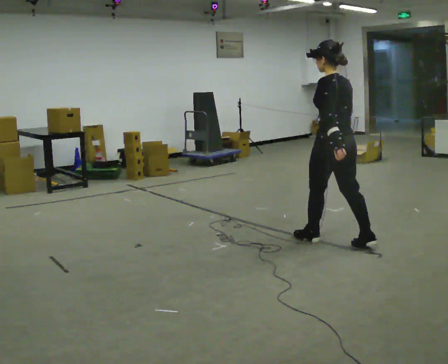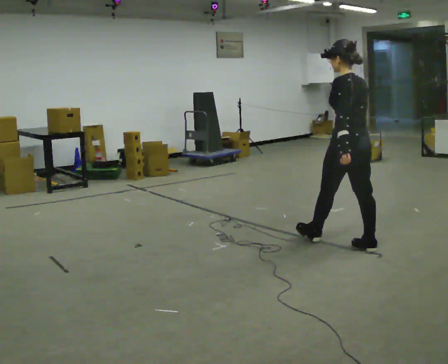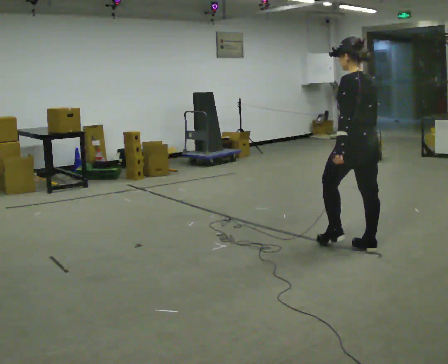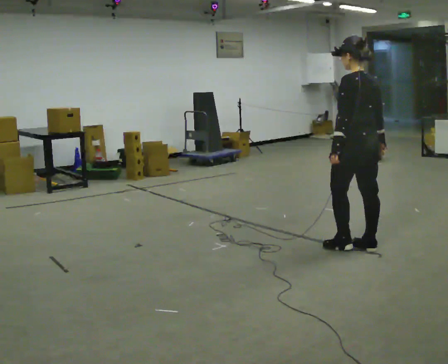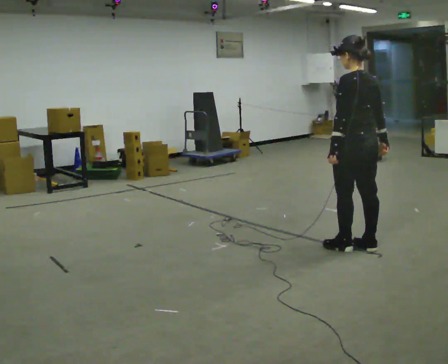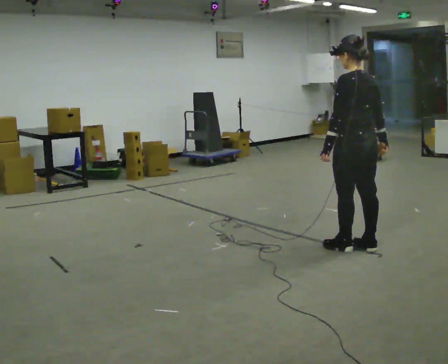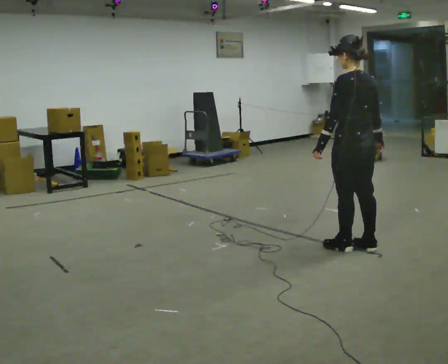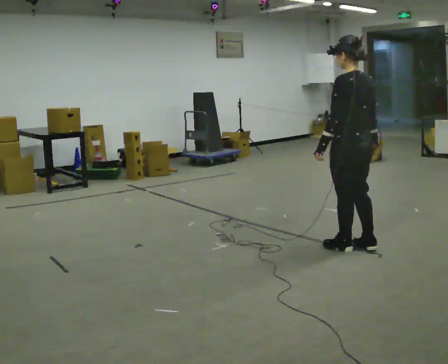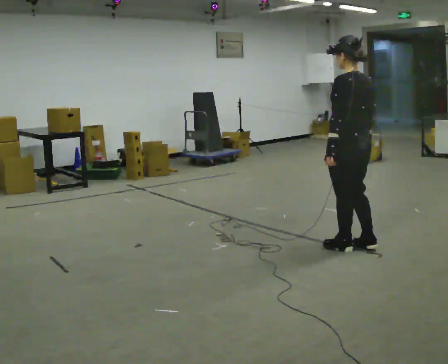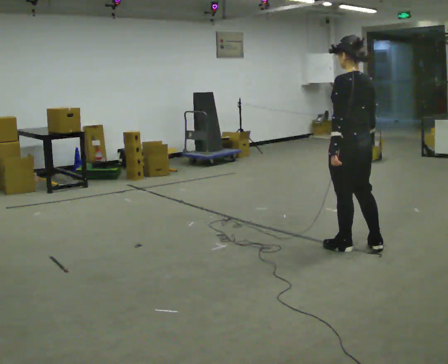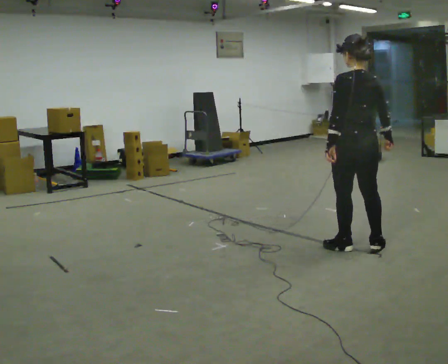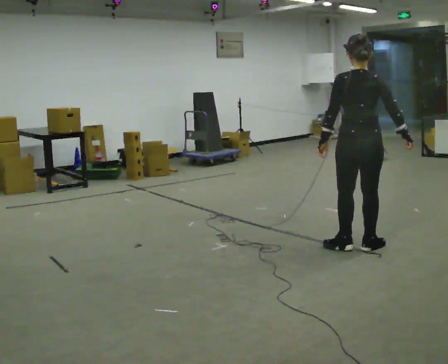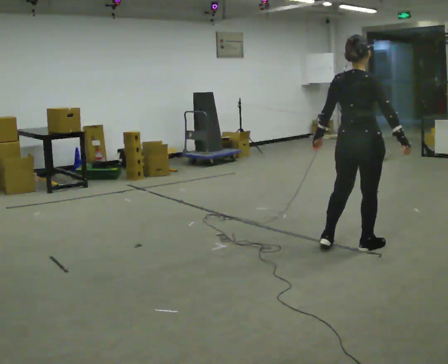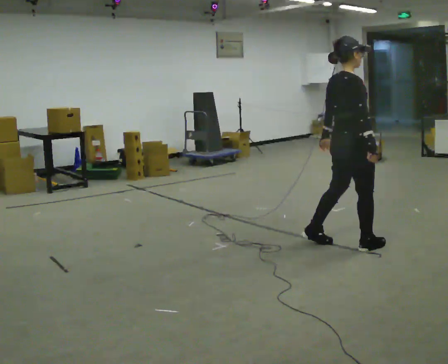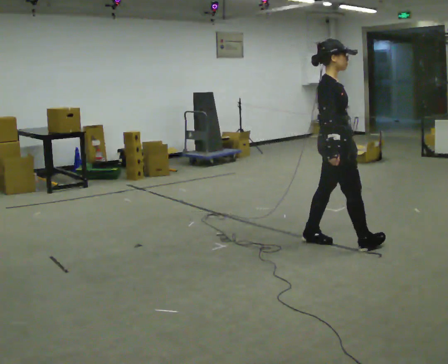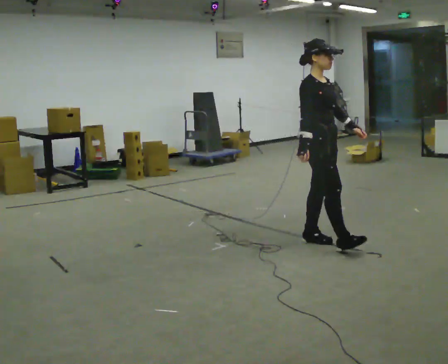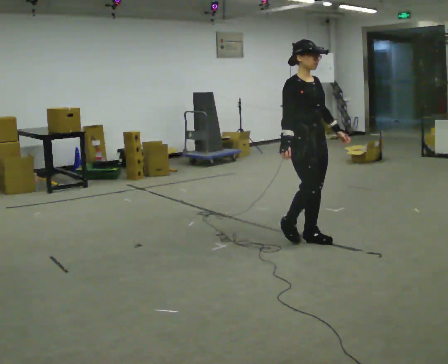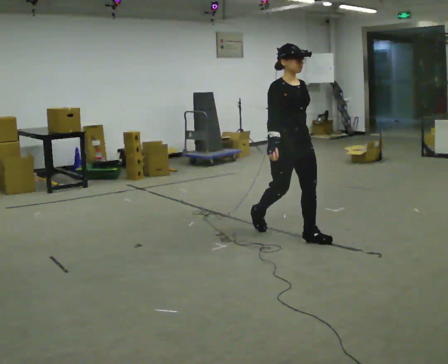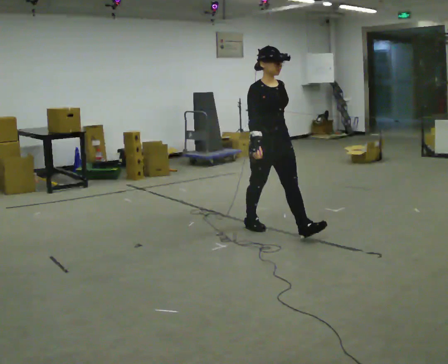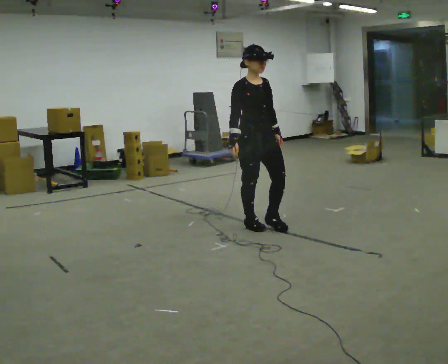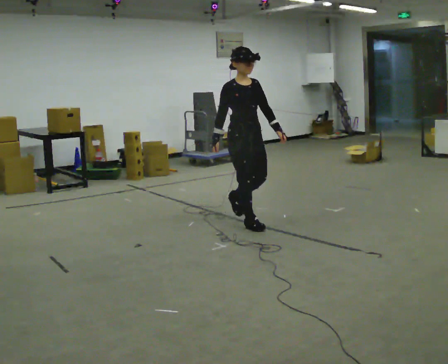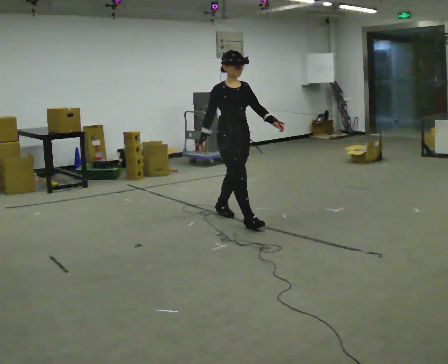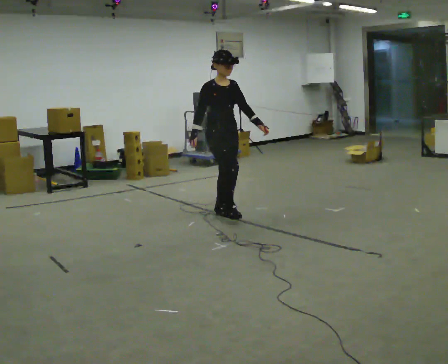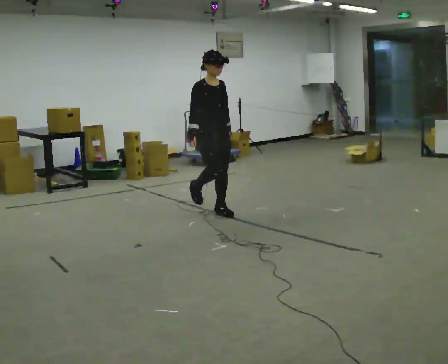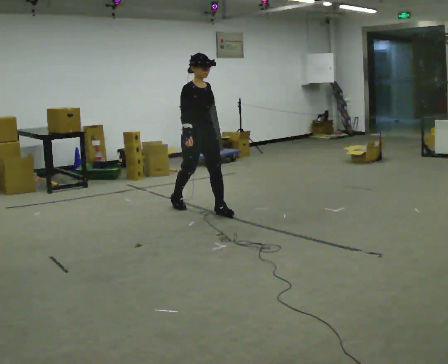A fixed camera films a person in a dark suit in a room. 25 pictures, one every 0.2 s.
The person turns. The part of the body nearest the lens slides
to the left.
The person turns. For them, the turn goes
to their right.
0.0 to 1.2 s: In the picture they go to the right, about 0.25 m in 1 step, which for them is backward.
1.2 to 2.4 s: The person turns about 60 degrees to their right, clockwise seen from above, so the part of the body nearest the lens slides to the left.
2.4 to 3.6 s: The person turns about 120 degrees to their right, clockwise seen from above, so the part of the body nearest the lens slides to the left. In the picture they go to the left and away from the camera, about 1 m in 2 steps.
3.6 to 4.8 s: In the picture they go to the left and away from the camera, about 1 m in 1 step, which for them is backward.
The film runs backward here.
